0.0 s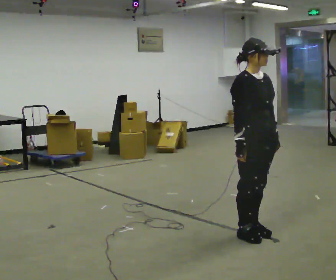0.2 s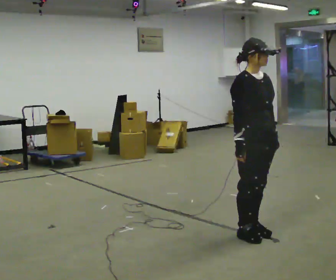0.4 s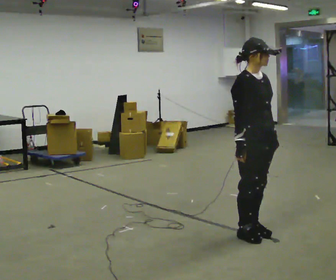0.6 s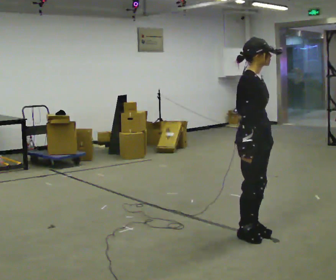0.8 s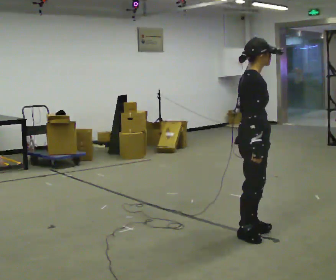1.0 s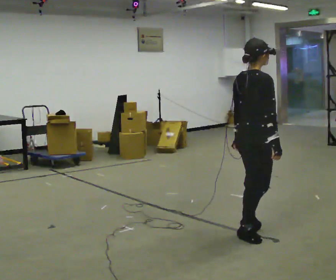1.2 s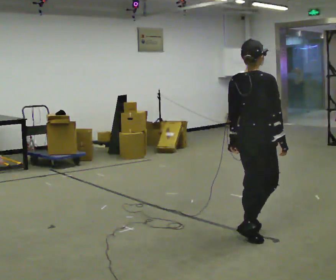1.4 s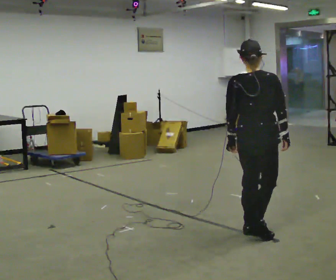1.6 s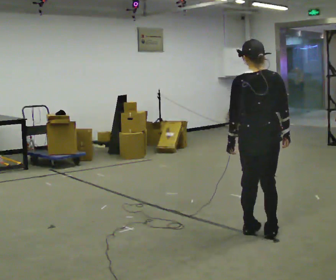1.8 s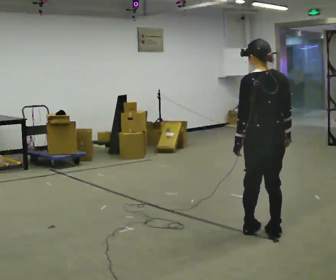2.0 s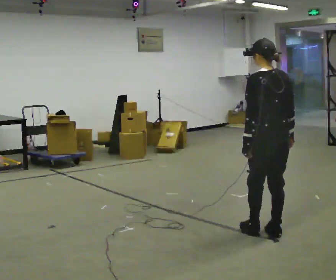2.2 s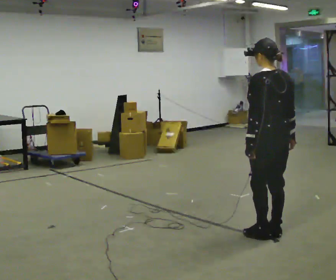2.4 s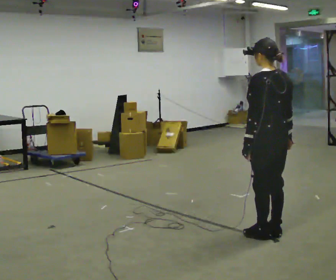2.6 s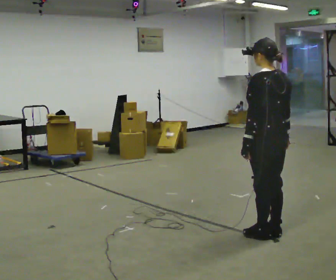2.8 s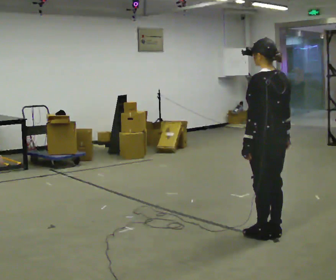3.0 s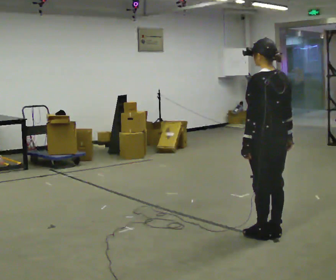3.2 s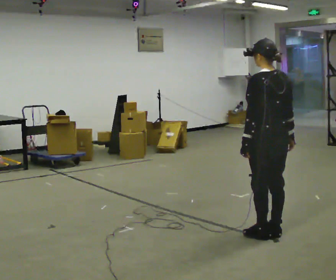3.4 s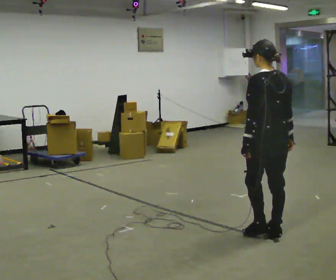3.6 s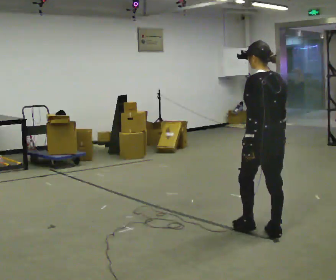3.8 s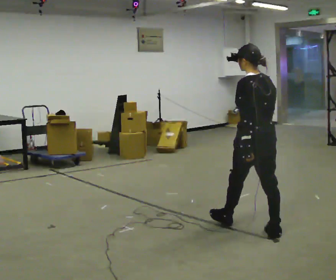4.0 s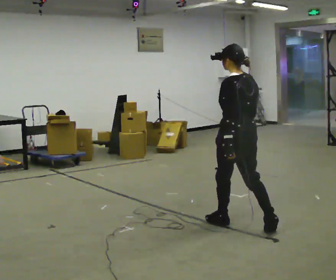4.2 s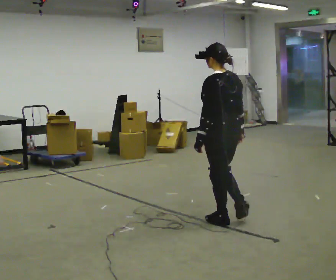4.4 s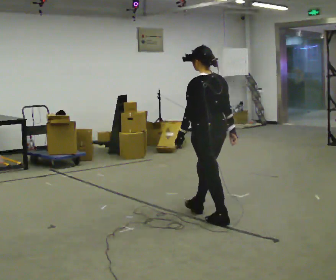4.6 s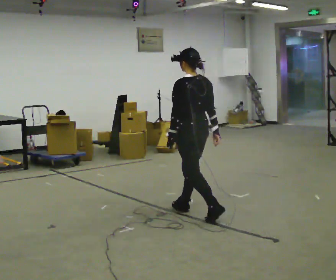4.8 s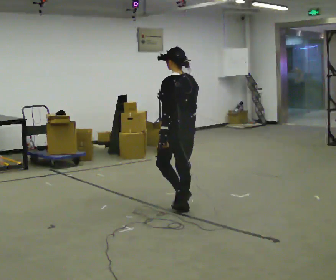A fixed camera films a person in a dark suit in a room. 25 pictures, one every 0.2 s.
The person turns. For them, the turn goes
to their left.
The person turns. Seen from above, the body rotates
counterclockwise.
0.0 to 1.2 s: Seen from above the body turns counterclockwise, about 90 degrees: to their left, with its near side sliding to the right. In the picture their right hand goes to the right.
1.2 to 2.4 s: The part of the body nearest the lens slides to the right as the person turns to their left by about 75 degrees. In the picture they go to the right, about 0.25 m in 2 steps.
2.4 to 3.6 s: The person moves a little, or ends about where they began.
3.6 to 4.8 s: In the picture they go to the left and away from the camera, about 1 m in 2 steps, which for them is forward.
The film runs forward here.
